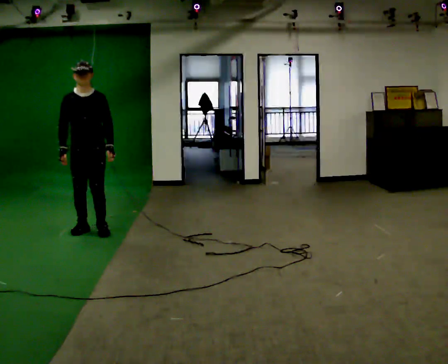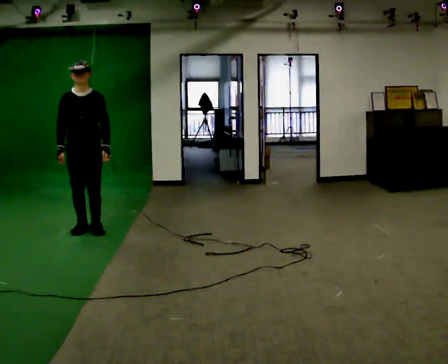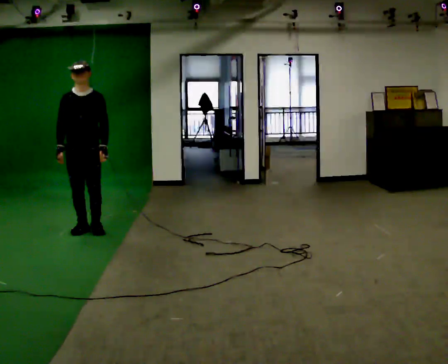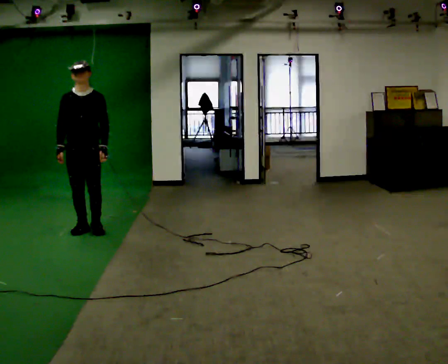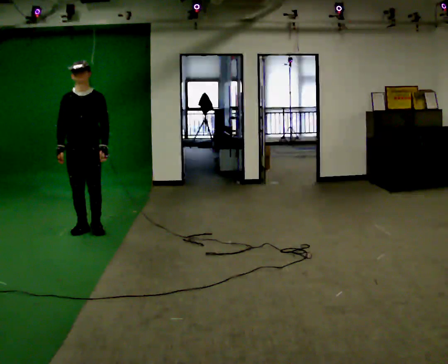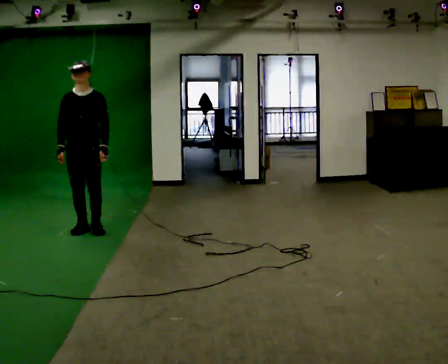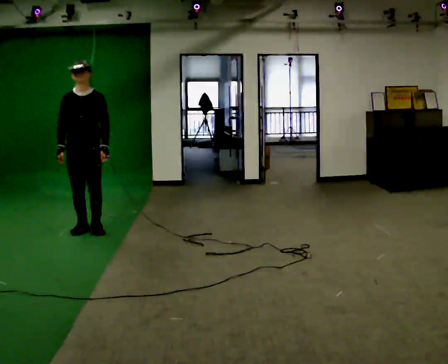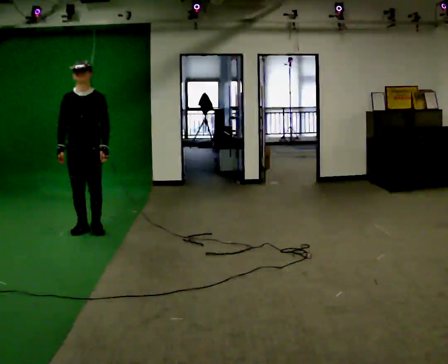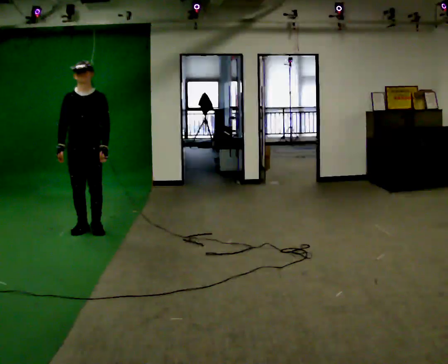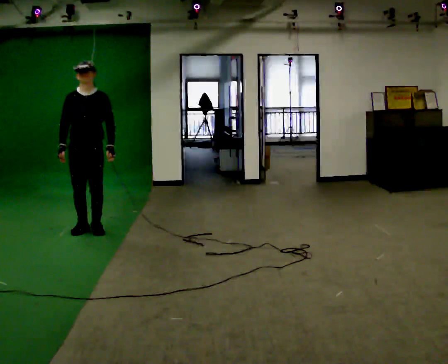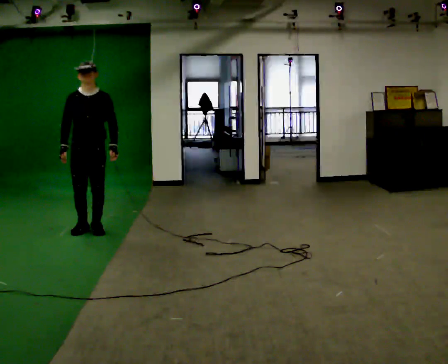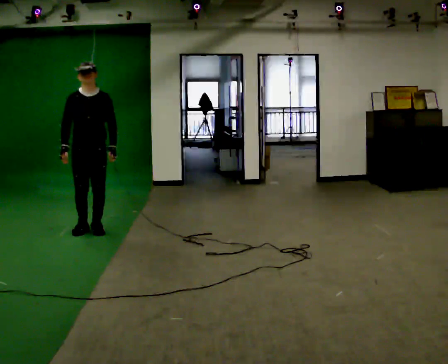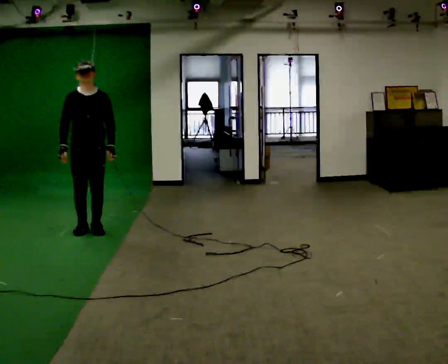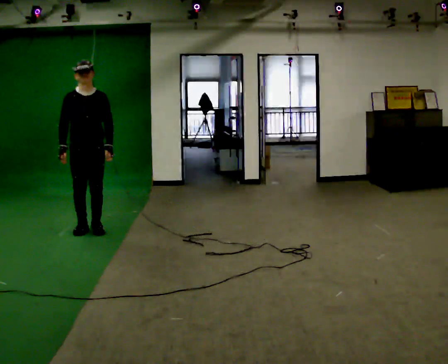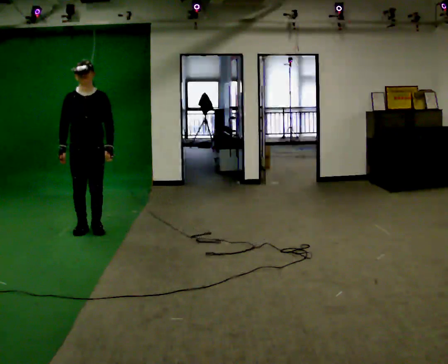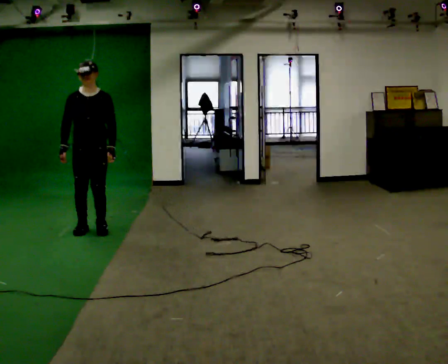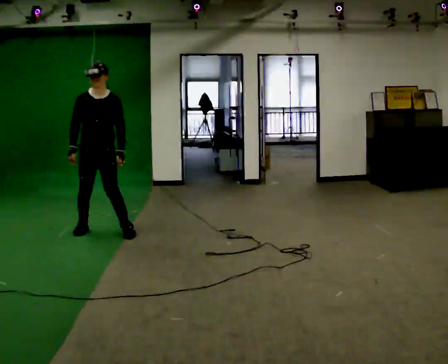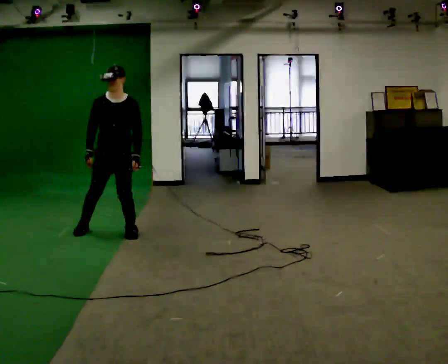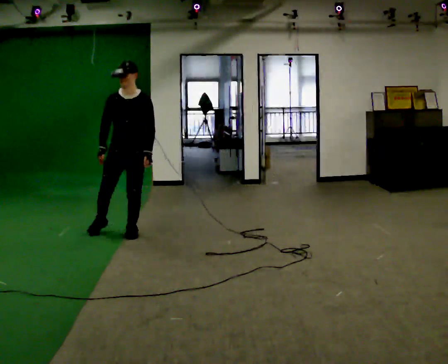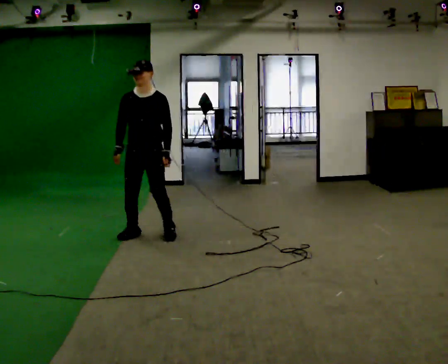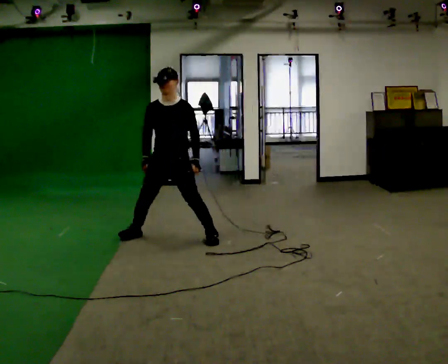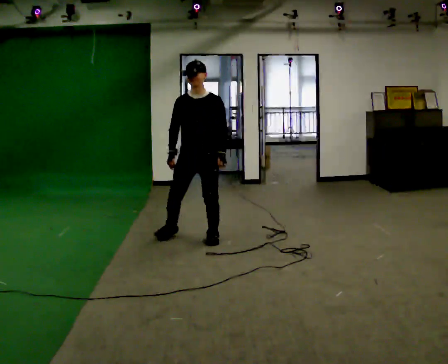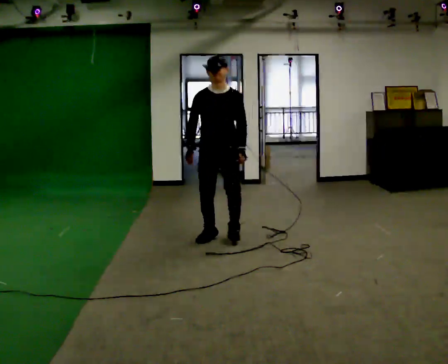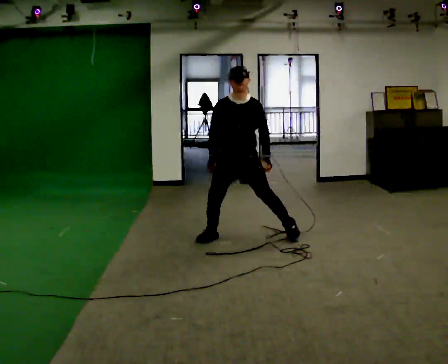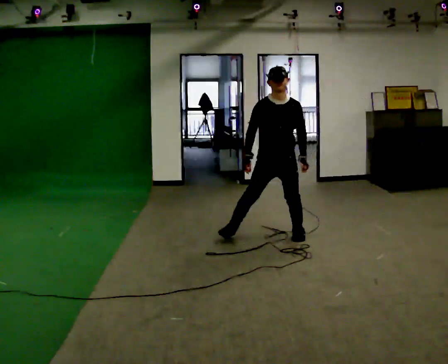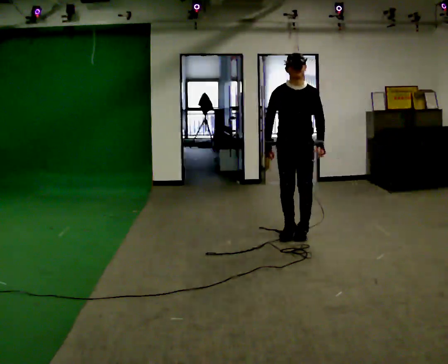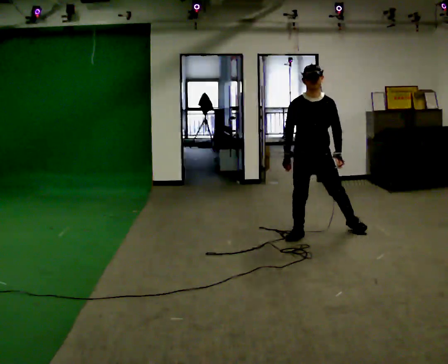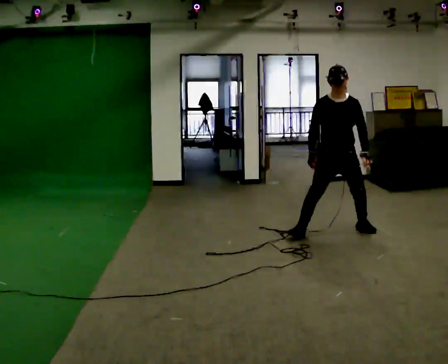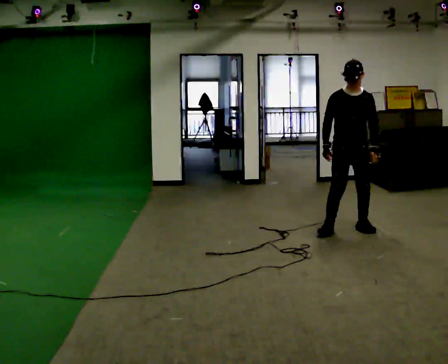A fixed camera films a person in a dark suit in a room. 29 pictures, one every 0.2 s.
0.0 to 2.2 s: The person moves a little, or ends about where they began.
2.2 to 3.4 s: In the picture they go to the right, about 0.25 m in 1 step, which for them is to their left.
3.4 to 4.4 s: In the picture they go to the right, about 1 m in 4 steps, which for them is to their left.
4.4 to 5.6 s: In the picture they go to the right, about 1.5 m in 3 steps, which for them is to their left.
The film runs backward here.
